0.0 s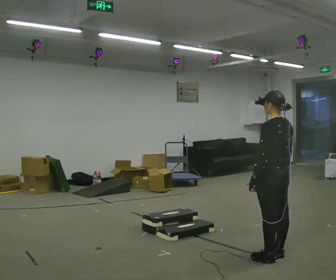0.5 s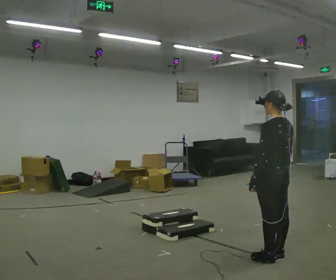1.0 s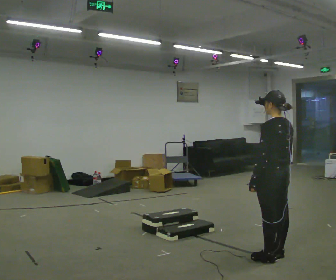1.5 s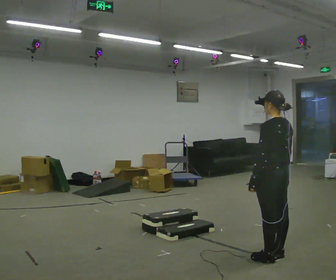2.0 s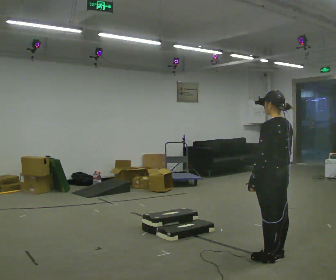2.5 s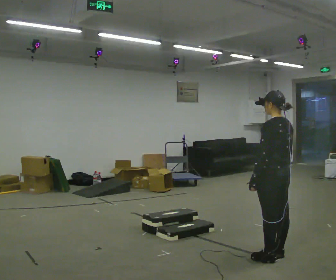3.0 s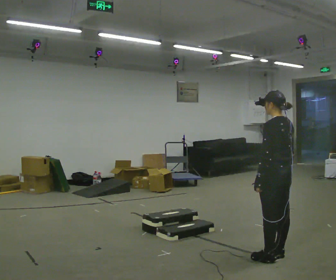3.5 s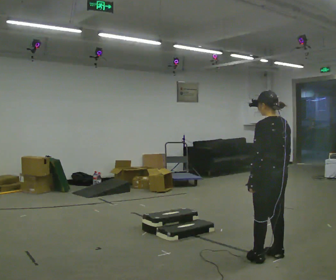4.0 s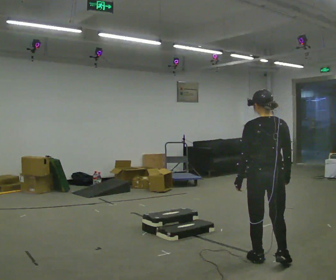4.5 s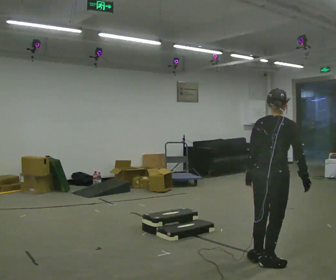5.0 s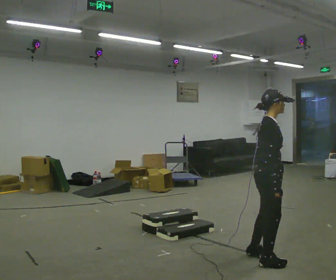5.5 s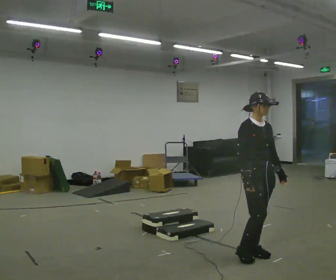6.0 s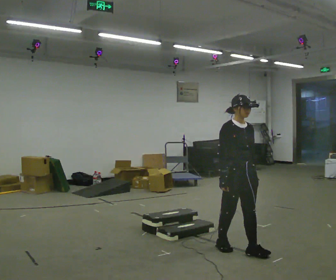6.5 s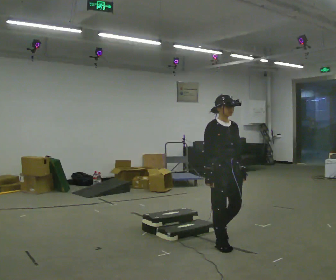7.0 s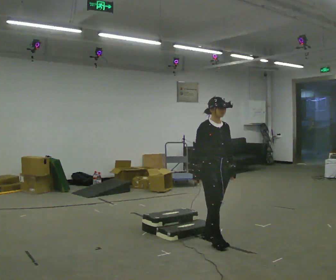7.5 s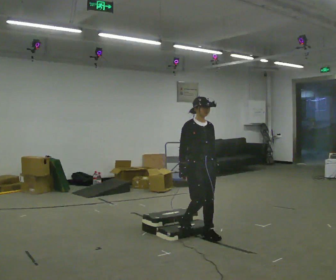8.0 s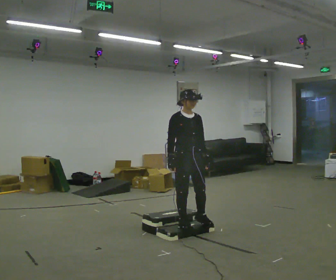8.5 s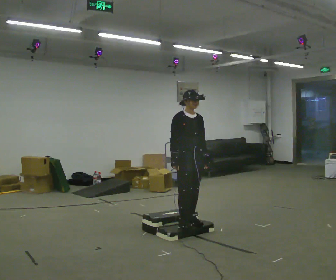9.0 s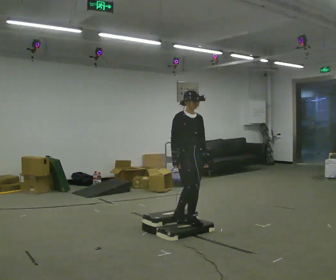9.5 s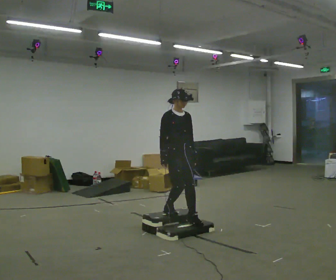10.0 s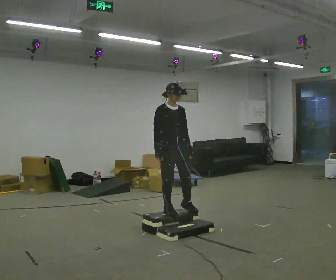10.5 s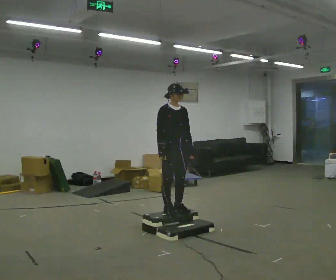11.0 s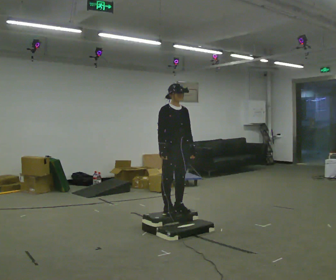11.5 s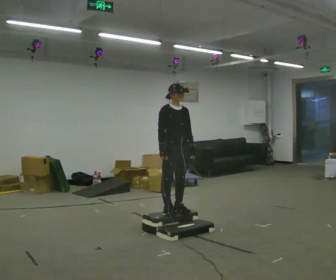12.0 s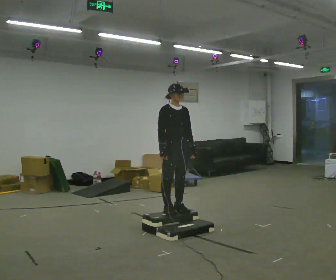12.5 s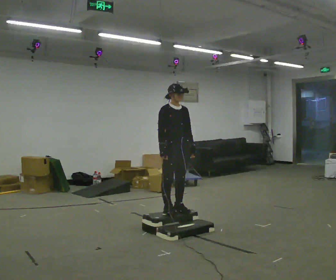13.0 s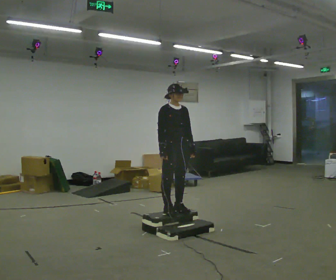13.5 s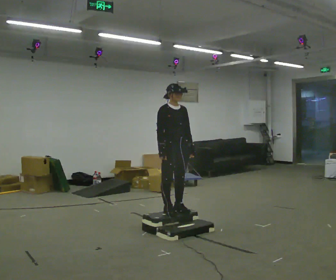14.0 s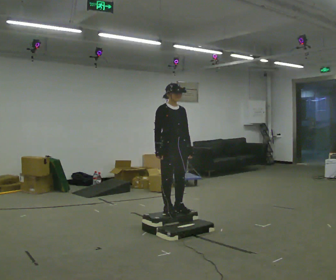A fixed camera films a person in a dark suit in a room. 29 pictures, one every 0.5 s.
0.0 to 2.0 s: The person keeps their place and pose.
2.0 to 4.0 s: The person turns about 30 degrees to their right, clockwise seen from above, so the part of the body nearest the lens slides to the left.
4.0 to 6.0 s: The person turns about 150 degrees to their right, clockwise seen from above, so the part of the body nearest the lens slides to the left. In the picture they go away from the camera and to the left, about 0.5 m in 2 steps.
6.0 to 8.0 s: In the picture they go to the left and away from the camera, about 1 m in 3 steps, which for them is backward.
8.0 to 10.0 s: In the picture they go away from the camera and to the left, about 0.25 m in 2 steps, which for them is backward.
10.0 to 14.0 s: The person moves a little, or ends about where they began.
The film runs backward here.
